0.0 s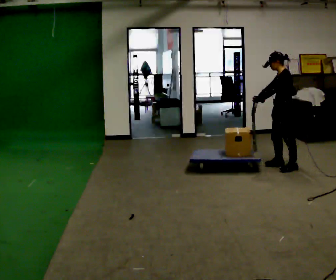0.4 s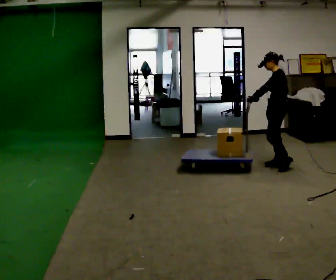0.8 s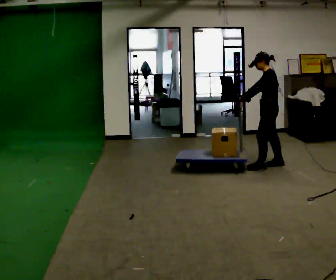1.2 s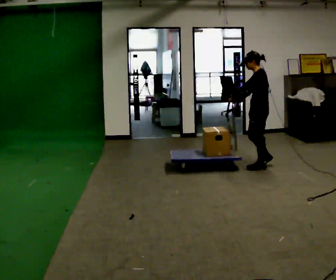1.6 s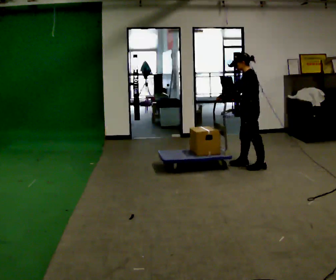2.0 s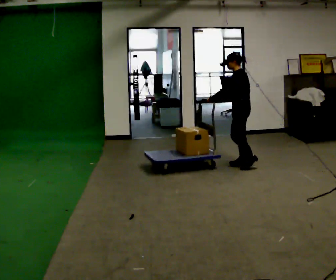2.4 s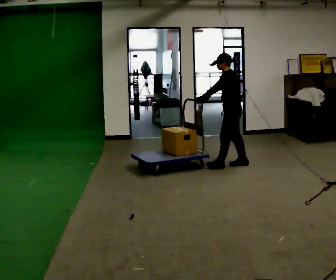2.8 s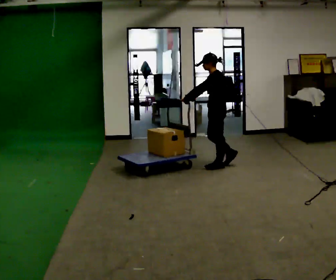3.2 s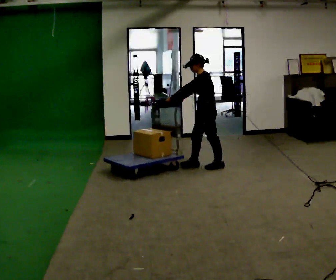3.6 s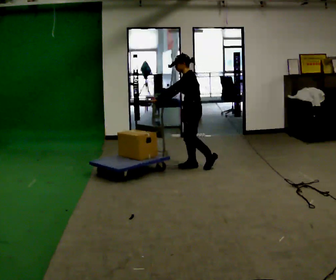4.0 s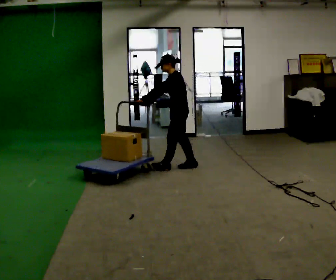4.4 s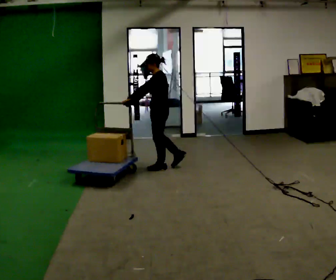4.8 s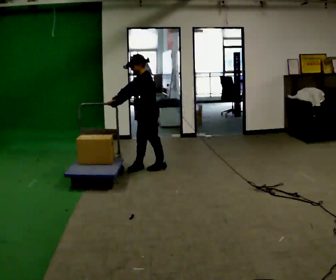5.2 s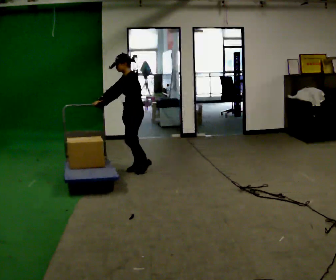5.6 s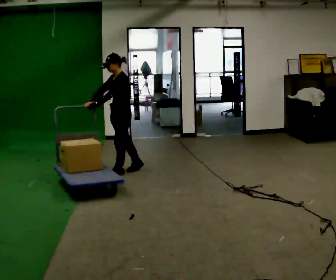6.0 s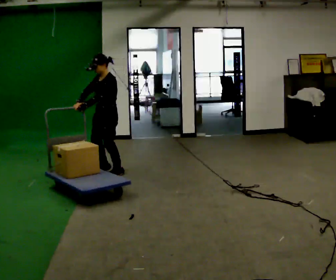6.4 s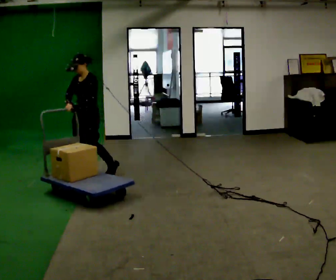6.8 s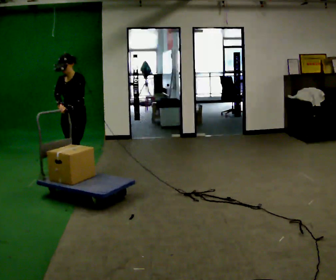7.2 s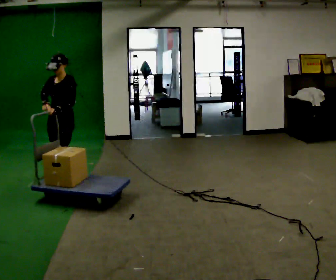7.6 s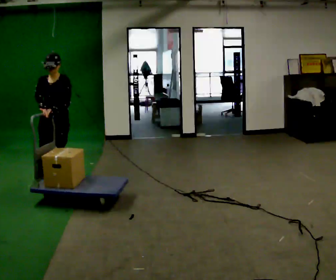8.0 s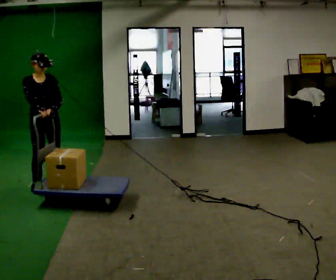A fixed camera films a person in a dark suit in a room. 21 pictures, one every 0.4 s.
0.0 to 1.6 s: In the picture they go to the left, about 0.5 m in 2 steps, which for them is forward.
1.6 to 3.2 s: In the picture they go to the left, about 0.5 m in 1 step, which for them is forward.
3.2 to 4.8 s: In the picture they go to the left, about 1 m in 3 steps, which for them is forward.
4.8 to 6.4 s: The part of the body nearest the lens slides to the right as the person turns to their left by about 45 degrees. In the picture they go to the left and toward the camera, about 1 m in 2 steps, which for them is forward.
6.4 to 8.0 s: The person turns about 60 degrees to their left, counterclockwise seen from above, so the part of the body nearest the lens slides to the right. In the picture they go toward the camera and to the left, about 0.75 m in 2 steps.
The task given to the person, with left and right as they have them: Push the cart across the room and back. The operator will change how much is loaded on it between takes and will tell you each time.
The film runs forward here.
